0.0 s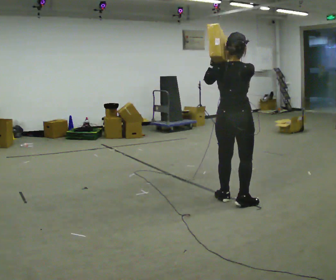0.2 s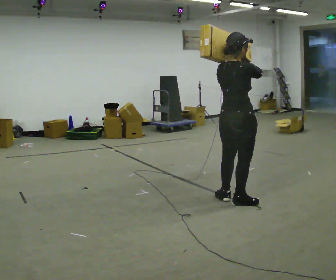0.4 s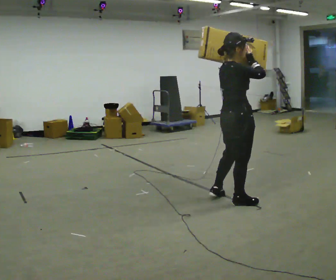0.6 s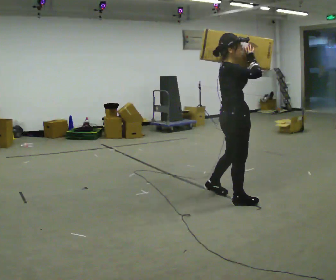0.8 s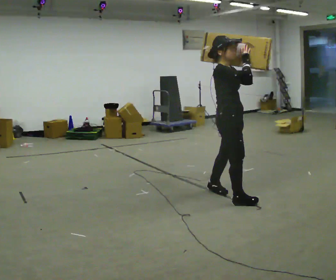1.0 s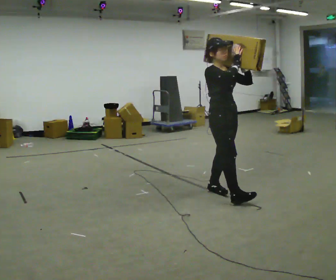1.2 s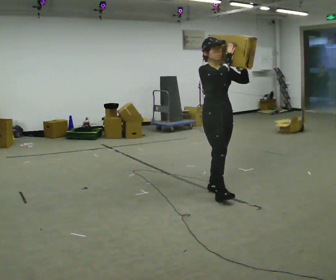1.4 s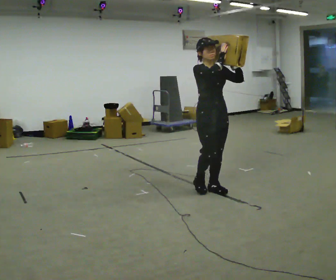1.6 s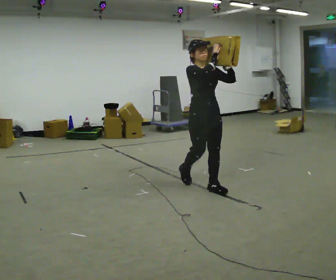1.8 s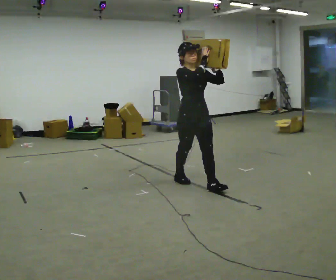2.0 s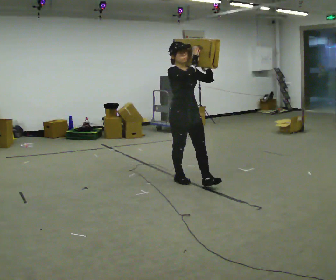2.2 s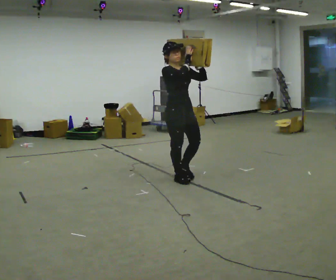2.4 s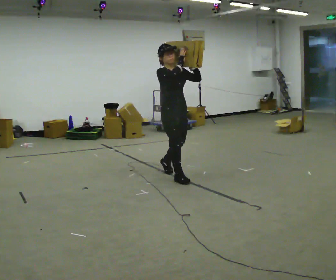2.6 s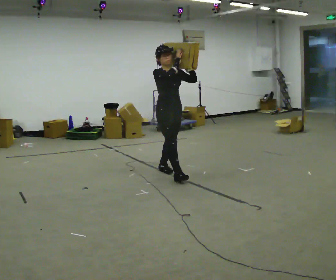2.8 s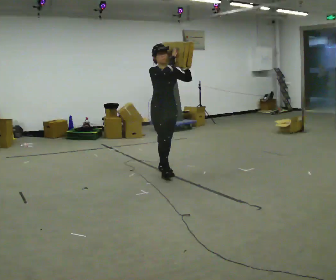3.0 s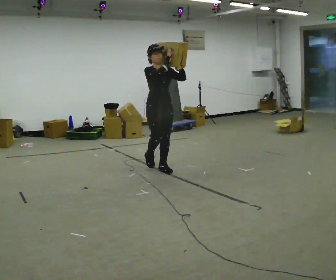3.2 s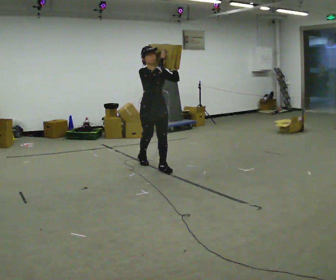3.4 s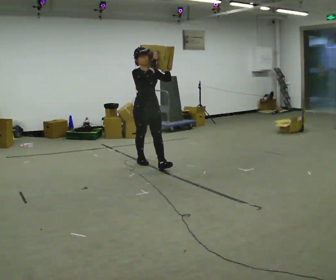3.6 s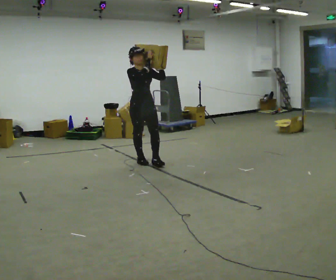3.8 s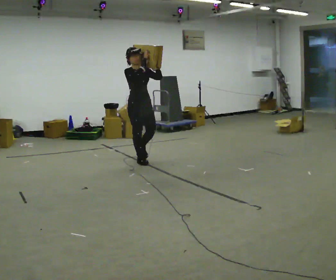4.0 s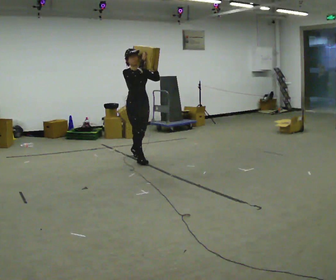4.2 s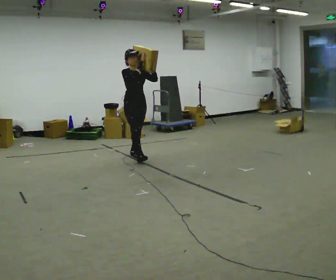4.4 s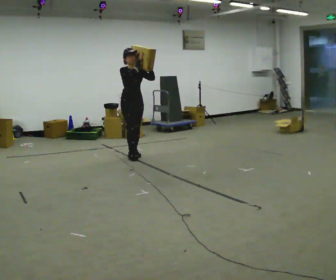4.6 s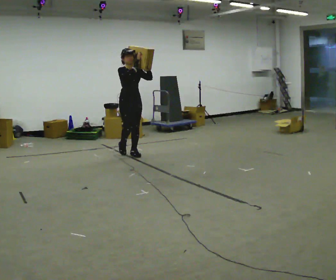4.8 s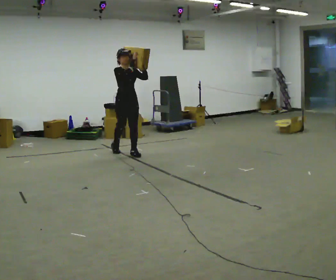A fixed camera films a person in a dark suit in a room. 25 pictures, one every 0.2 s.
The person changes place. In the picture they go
away from the camera.
0.0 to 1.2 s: The part of the body nearest the lens slides to the left as the person turns to their right by about 135 degrees. In the picture they go away from the camera, about 0.25 m in 2 steps.
1.2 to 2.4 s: In the picture they go away from the camera and to the left, about 0.5 m in 1 step, which for them is backward.
2.4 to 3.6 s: In the picture they go away from the camera and to the left, about 1 m in 2 steps, which for them is backward.
3.6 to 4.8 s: In the picture they go away from the camera and to the left, about 0.5 m in 1 step, which for them is backward.
The film runs backward here.
